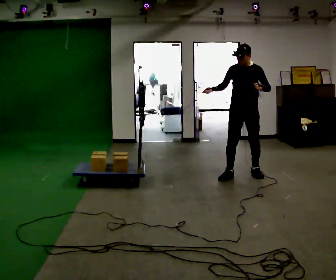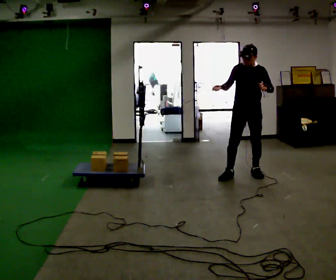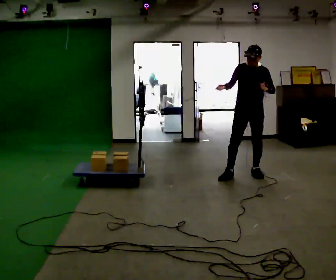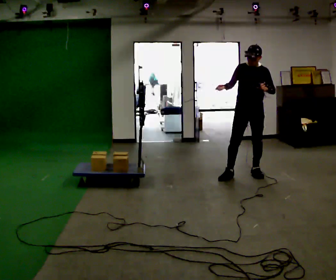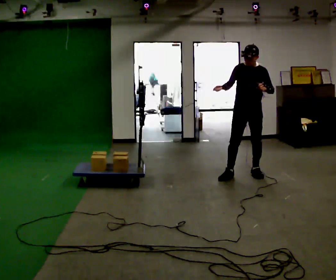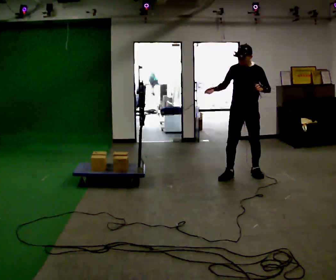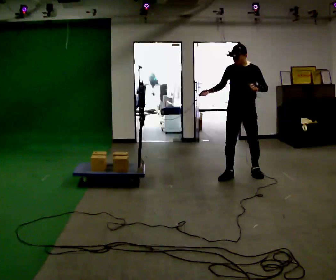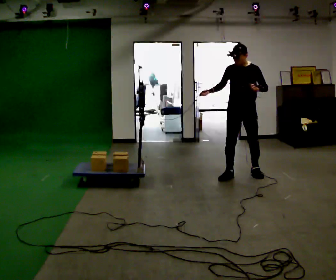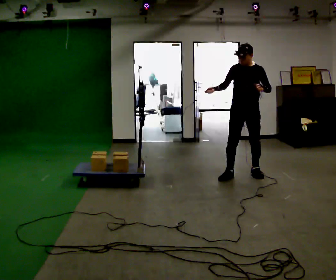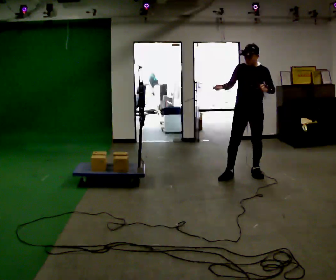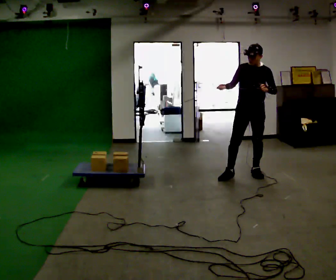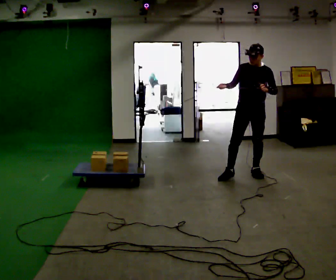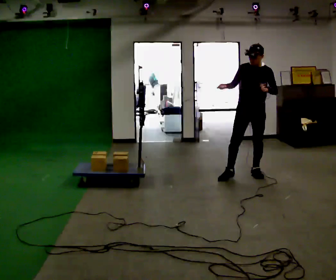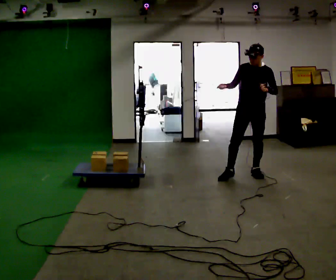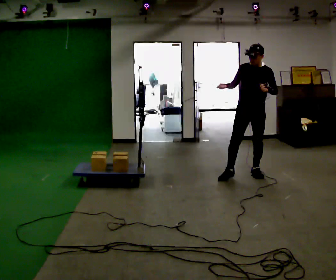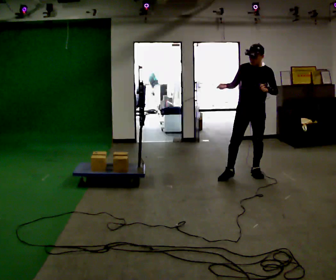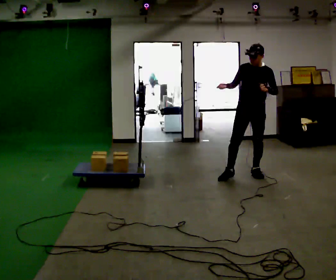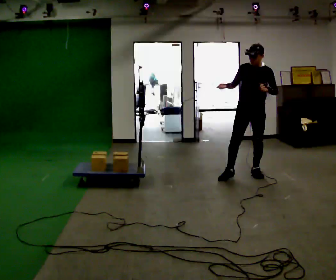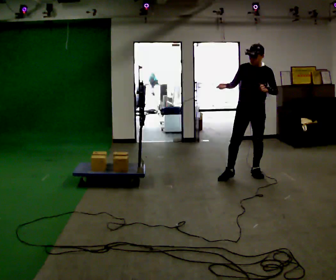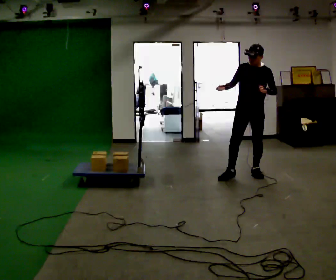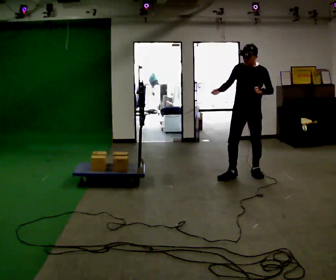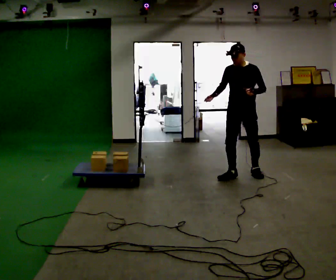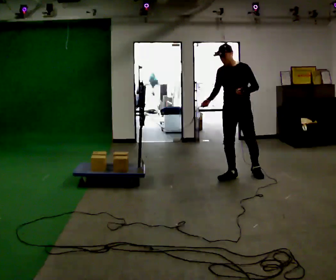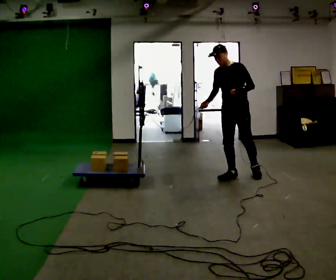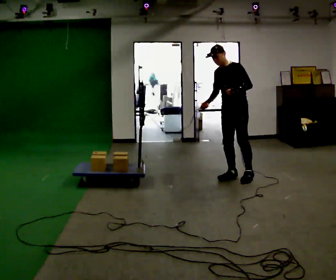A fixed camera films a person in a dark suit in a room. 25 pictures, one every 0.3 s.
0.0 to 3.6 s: The person moves a little, or ends about where they began.
3.6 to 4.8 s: The person keeps their place and pose.
4.8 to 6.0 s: The person moves a little, or ends about where they began.
6.0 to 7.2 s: Seen from above the body turns clockwise, about 30 degrees: to their right, with its near side sliding to the left. In the picture the upper body tilts counterclockwise, shoulders to the left.
The film runs forward here.
